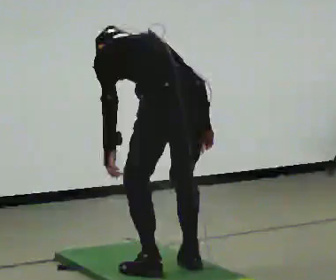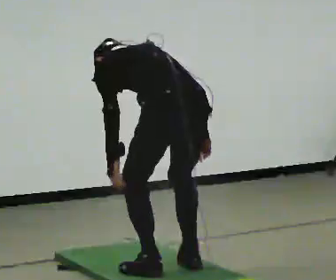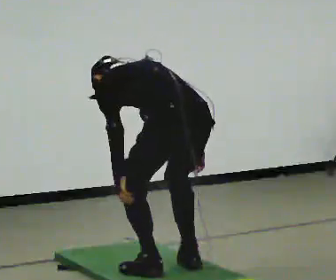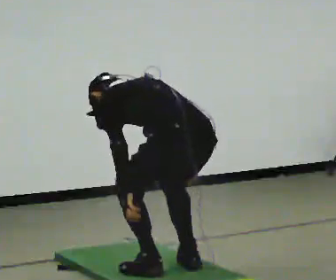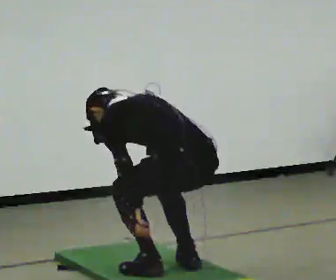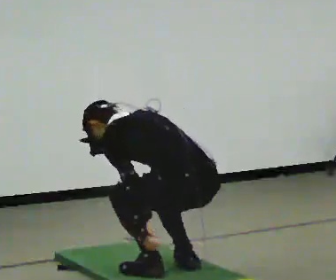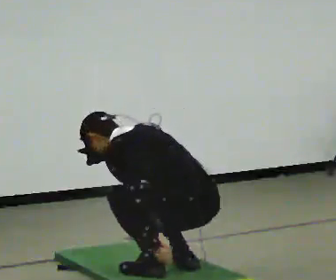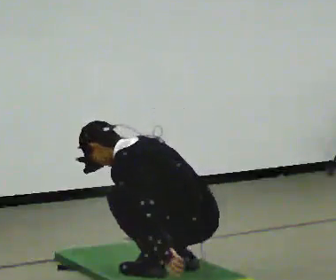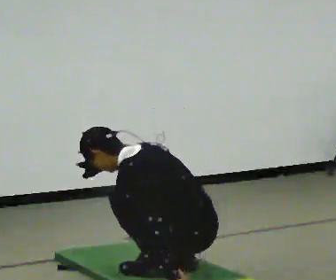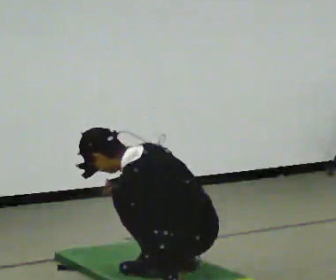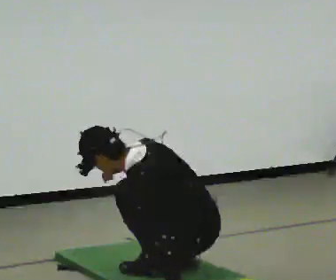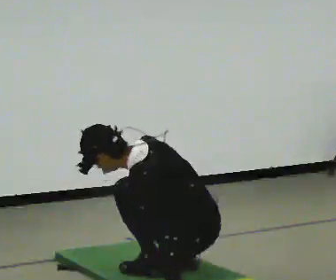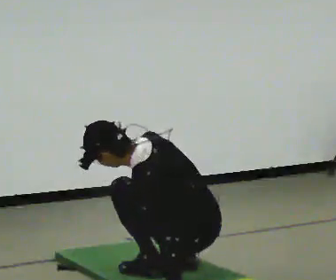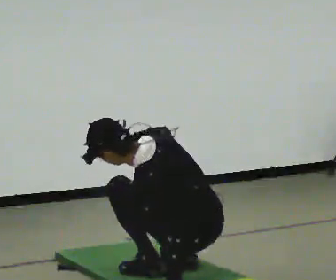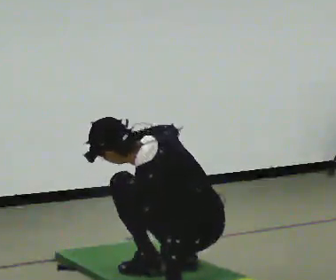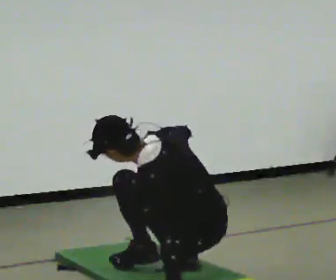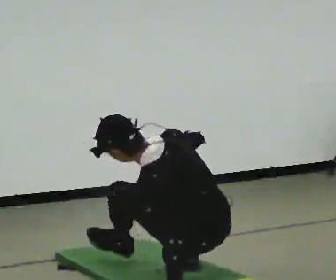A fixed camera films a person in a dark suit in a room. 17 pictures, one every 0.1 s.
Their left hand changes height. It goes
downward.
The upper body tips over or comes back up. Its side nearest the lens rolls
downward.
0.0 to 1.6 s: The upper body goes downward. The upper body tips toward the camera, its near side rolling downward, as they lean back or straighten.
The film runs forward here.
